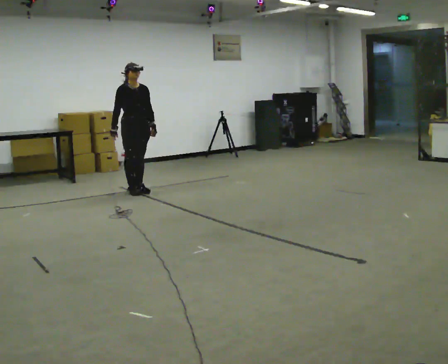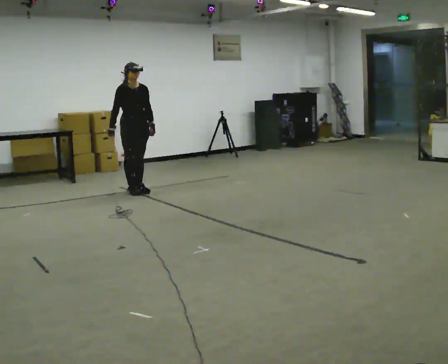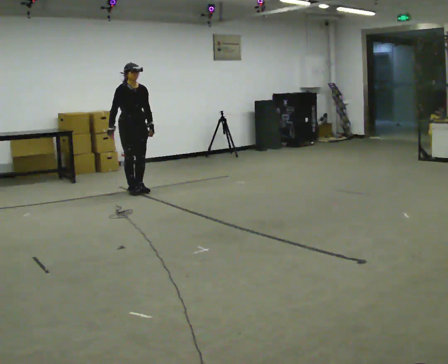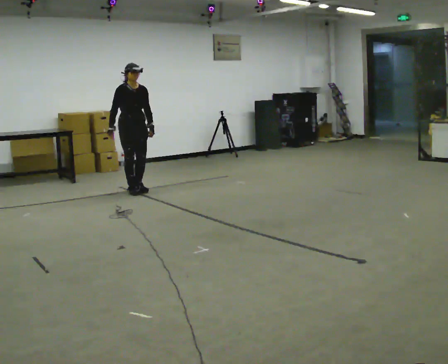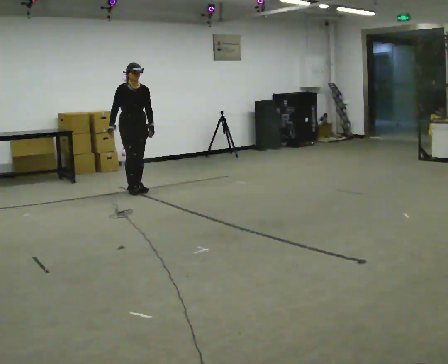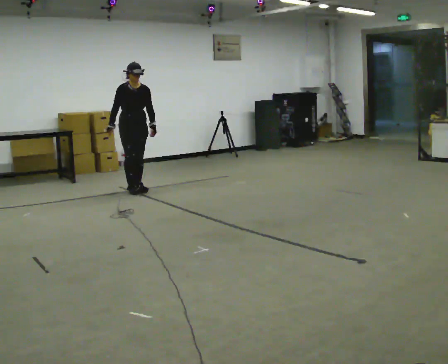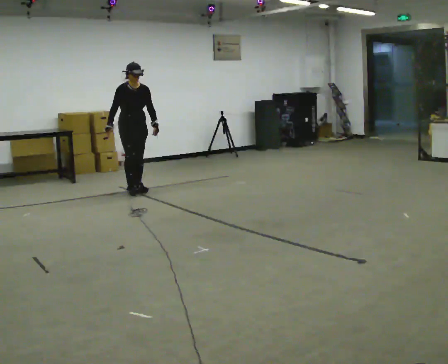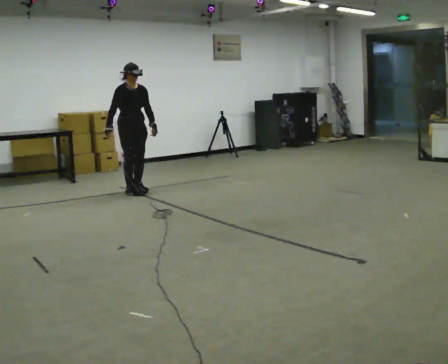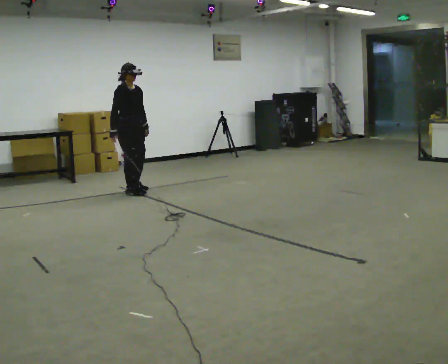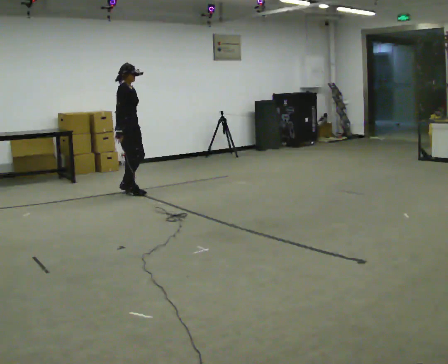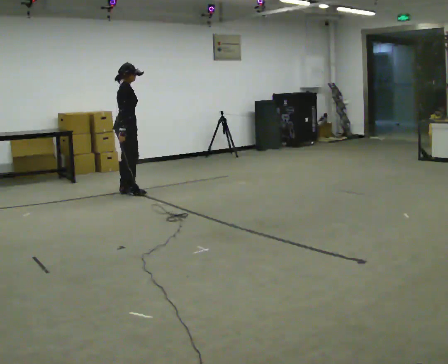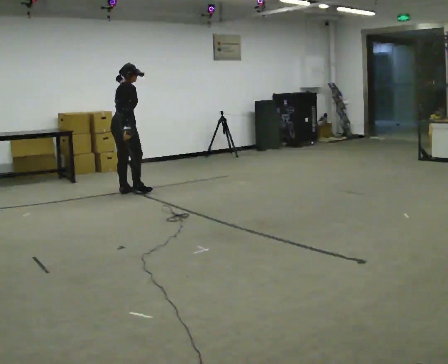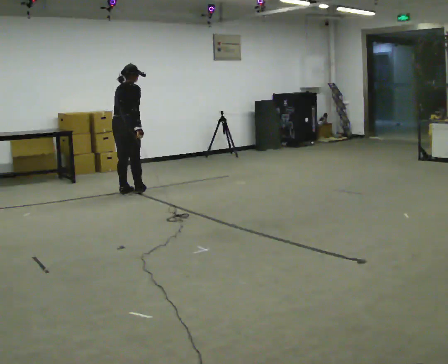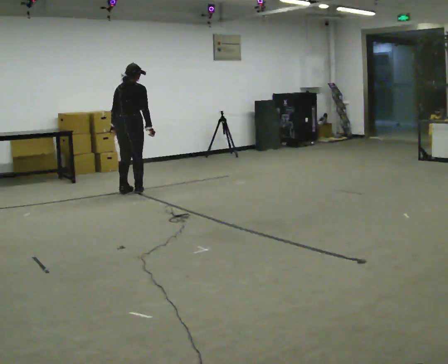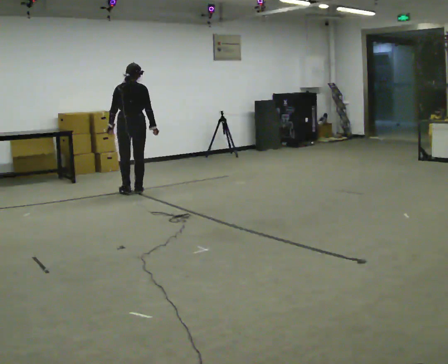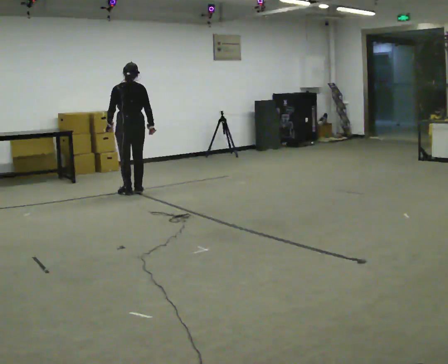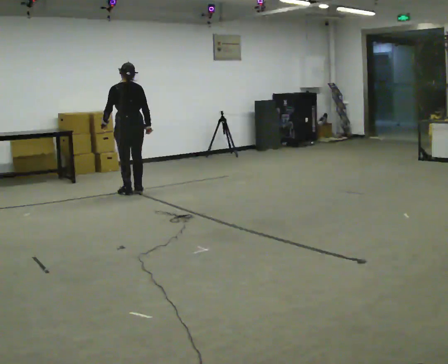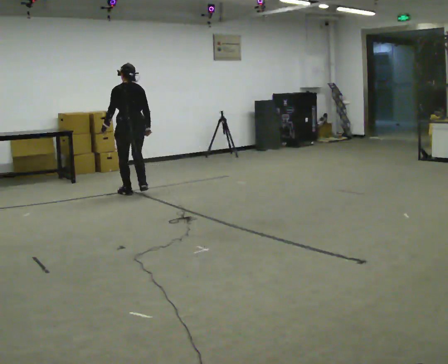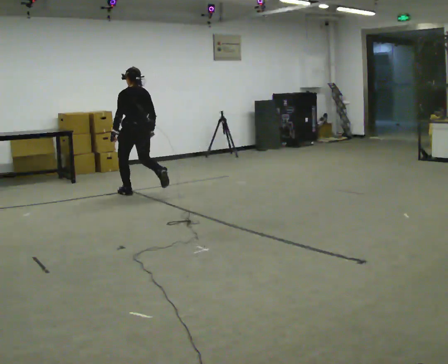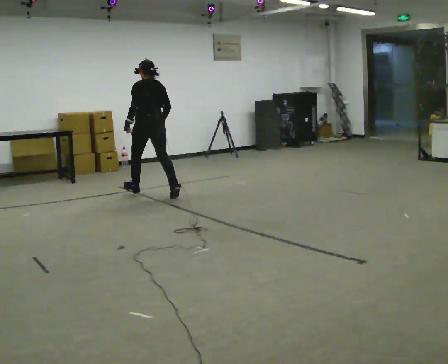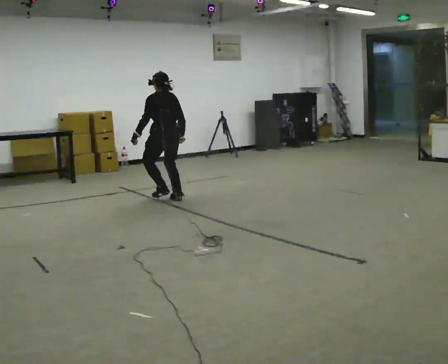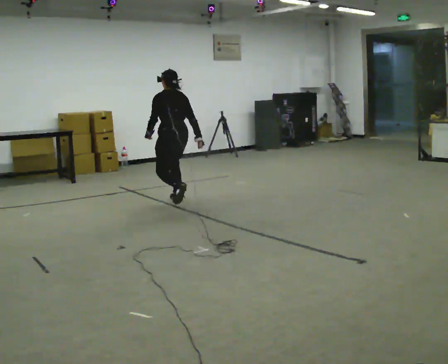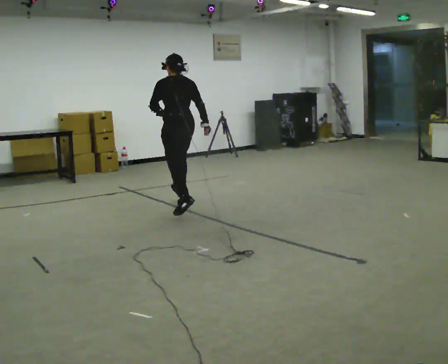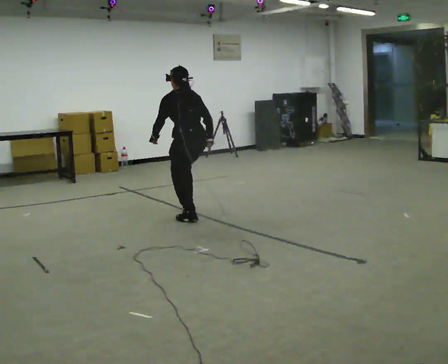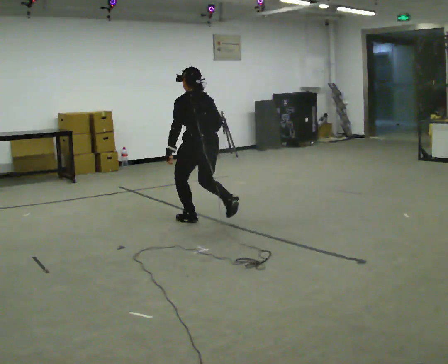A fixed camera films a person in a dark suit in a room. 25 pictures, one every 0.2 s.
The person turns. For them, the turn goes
to their left.
The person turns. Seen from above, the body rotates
counterclockwise.
0.0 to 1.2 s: The person moves a little, or ends about where they began.
1.2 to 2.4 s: Seen from above the body turns counterclockwise, about 120 degrees: to their left, with its near side sliding to the right. The upper body tips away from the camera, its near side rolling upward.
2.4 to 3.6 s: Seen from above the body turns counterclockwise, about 75 degrees: to their left, with its near side sliding to the right. In the picture they go toward the camera, about 0.25 m in 1 step.
3.6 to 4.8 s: In the picture they go toward the camera and to the right, about 1.5 m in 2 steps, which for them is backward.
The film runs backward here.
